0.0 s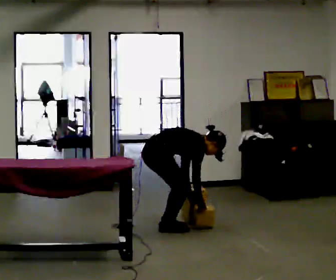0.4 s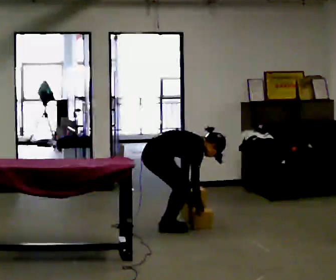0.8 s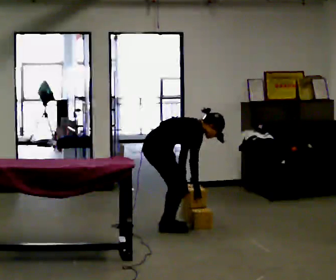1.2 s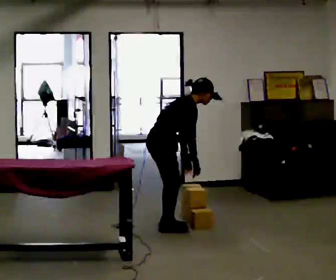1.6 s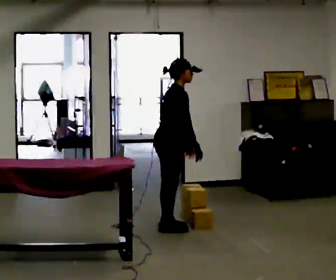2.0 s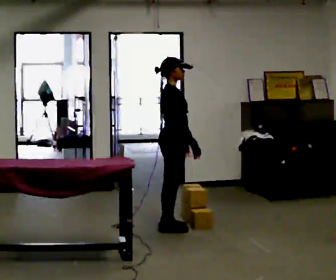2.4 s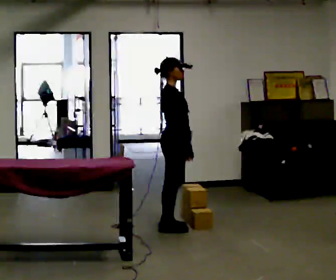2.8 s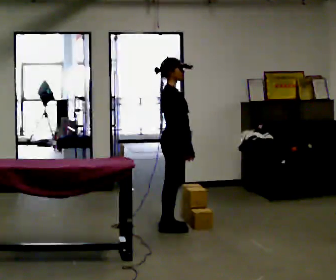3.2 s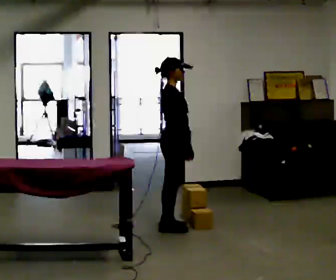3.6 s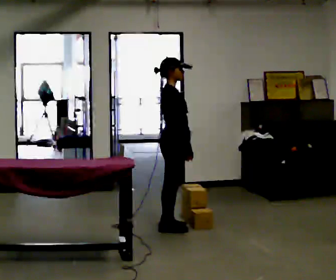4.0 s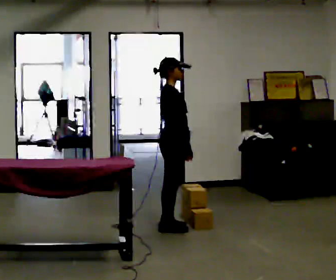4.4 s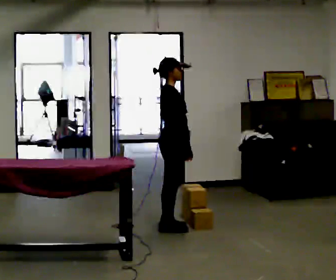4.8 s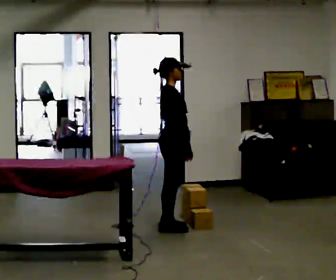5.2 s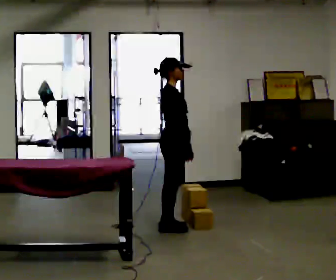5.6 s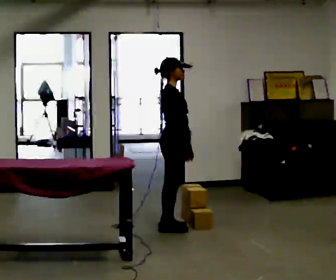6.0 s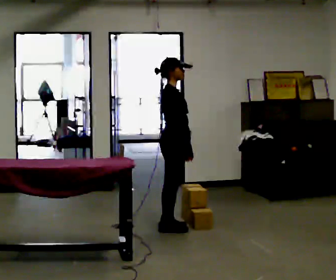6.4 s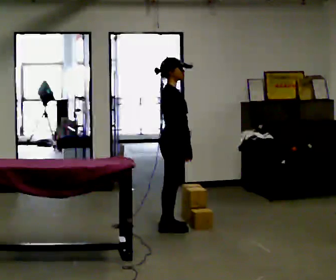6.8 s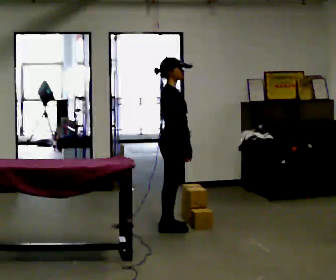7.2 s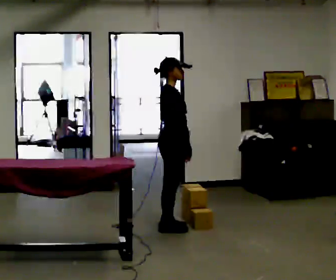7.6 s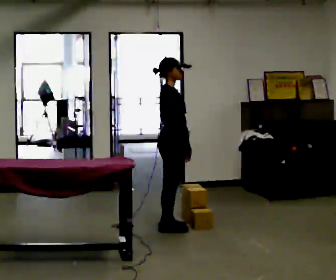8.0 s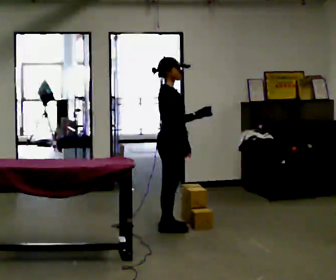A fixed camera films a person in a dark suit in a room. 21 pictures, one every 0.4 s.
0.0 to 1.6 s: The upper body goes upward. In the picture the upper body tilts counterclockwise, shoulders to the left, as they lean back or straighten. In the picture their left hand goes upward.
1.6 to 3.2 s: In the picture the upper body tilts counterclockwise, shoulders to the left, as they lean back or straighten.
3.2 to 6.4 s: The person keeps their place and pose.
6.4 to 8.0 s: In the picture their right hand goes upward, the arm swinging counterclockwise.
The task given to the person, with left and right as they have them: Take boxes off the top of the stack one at a time and carry them away, walking back for each one. Keep going until the operator says stop; one object at a time, and do not rush between trips.
The film runs forward here.
